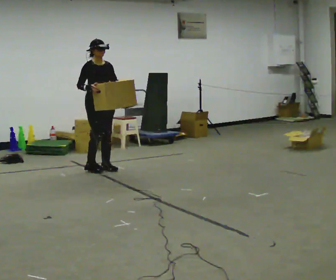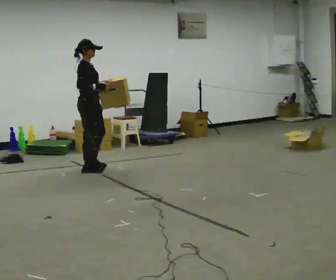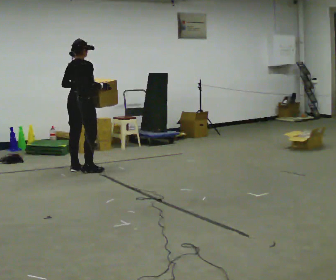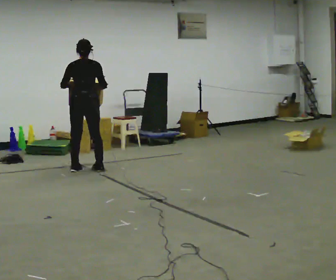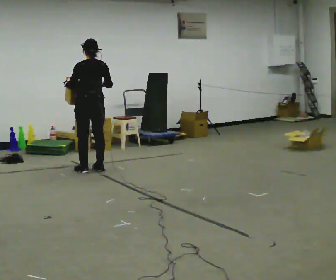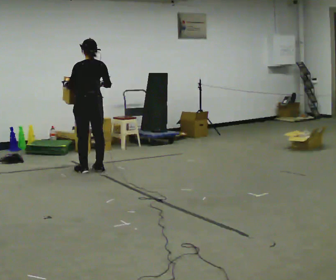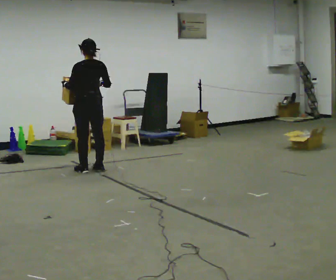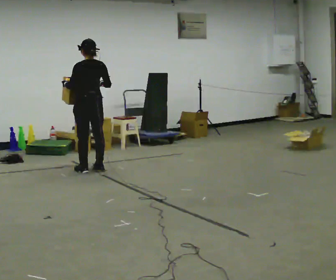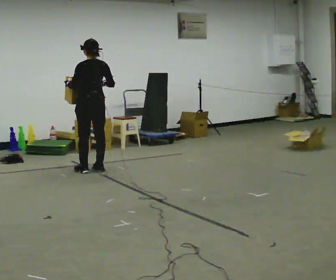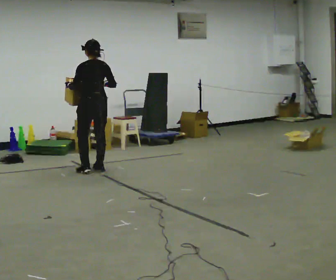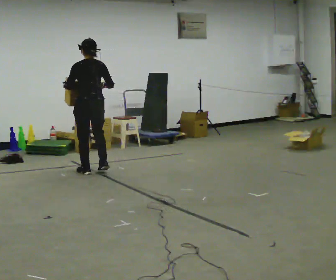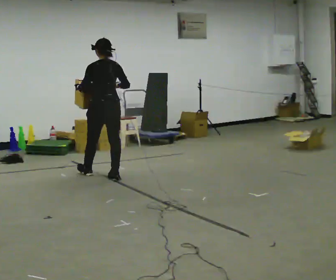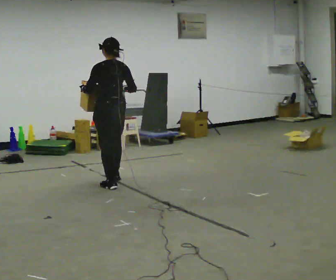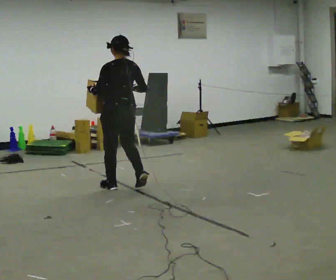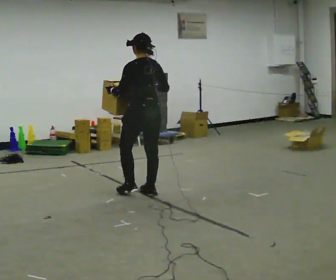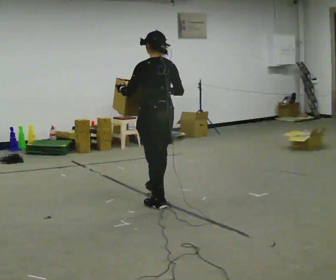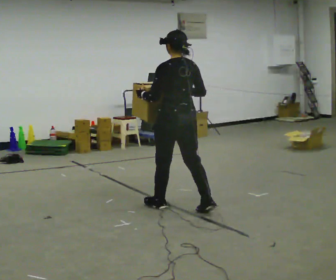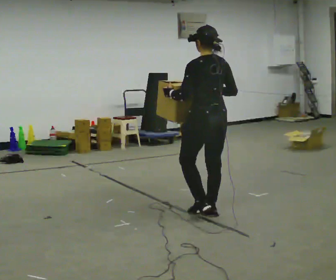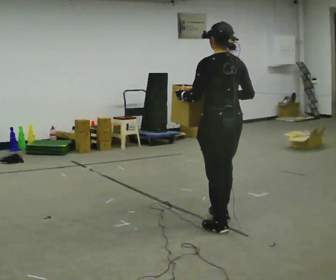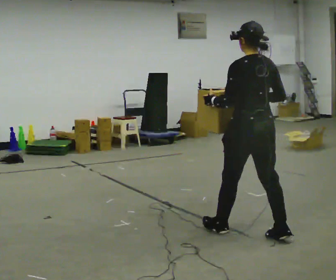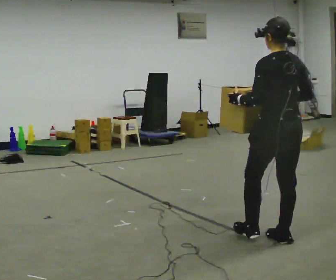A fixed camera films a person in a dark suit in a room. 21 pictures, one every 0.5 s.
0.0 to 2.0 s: The person turns about 165 degrees to their left, counterclockwise seen from above, so the part of the body nearest the lens slides to the right. In the picture their left hand goes to the left.
2.0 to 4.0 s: The person moves a little, or ends about where they began.
4.0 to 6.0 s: In the picture they go toward the camera, about 0.5 m in 2 steps, which for them is backward.
6.0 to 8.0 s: In the picture they go toward the camera and to the right, about 1 m in 3 steps, which for them is backward.
8.0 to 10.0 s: In the picture they go toward the camera and to the right, about 1 m in 3 steps, which for them is backward.
The film runs backward here.
